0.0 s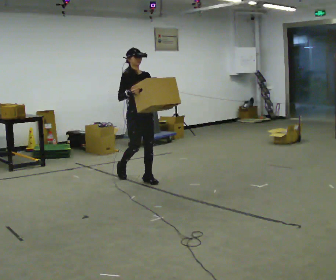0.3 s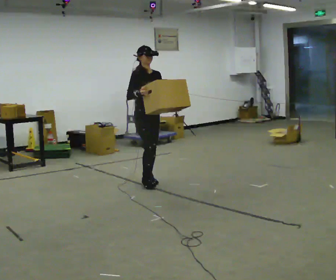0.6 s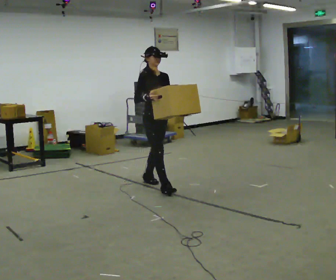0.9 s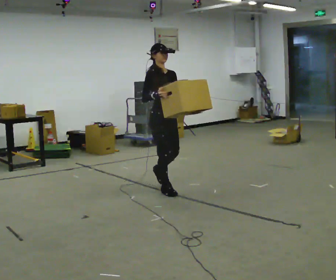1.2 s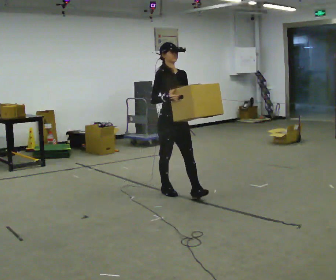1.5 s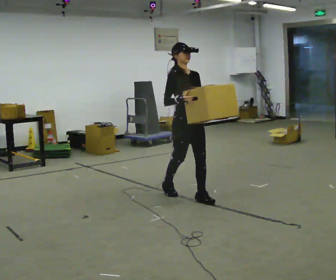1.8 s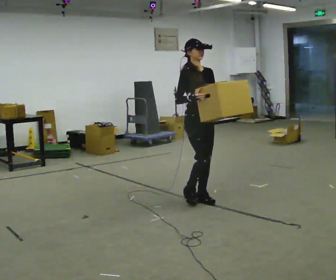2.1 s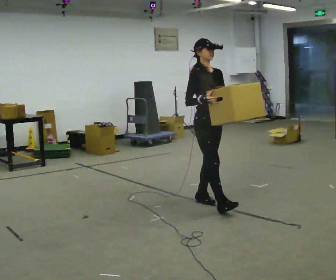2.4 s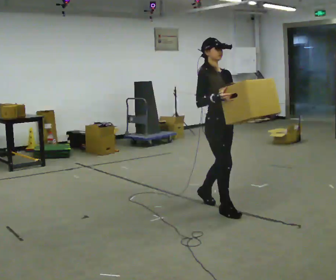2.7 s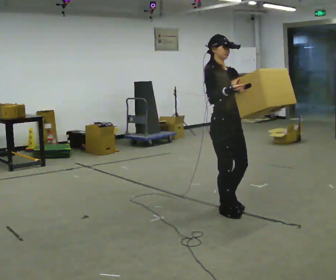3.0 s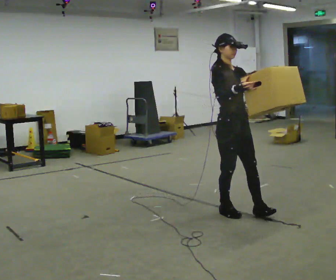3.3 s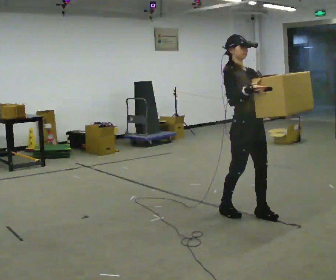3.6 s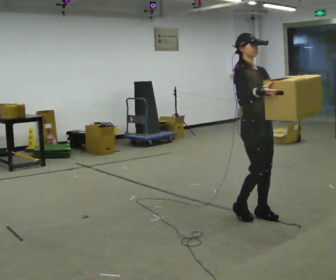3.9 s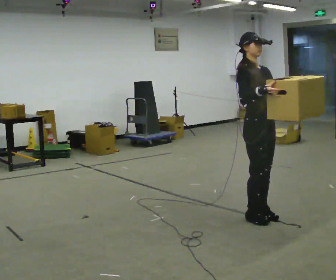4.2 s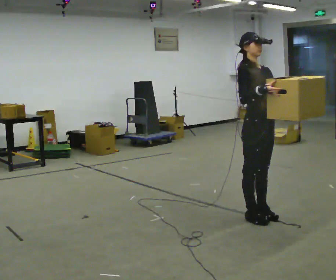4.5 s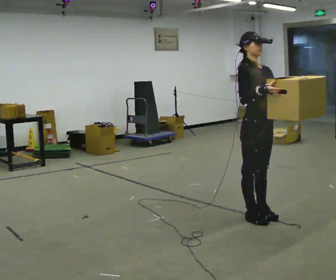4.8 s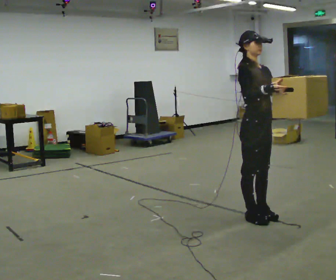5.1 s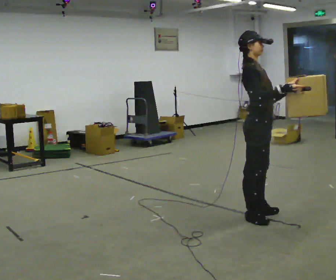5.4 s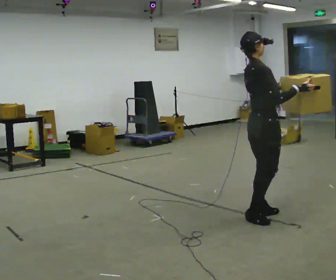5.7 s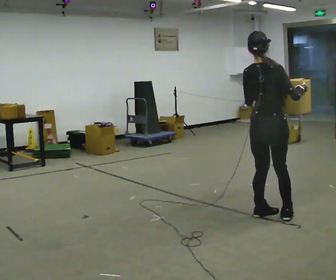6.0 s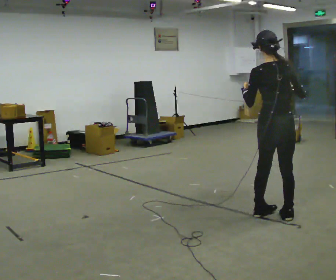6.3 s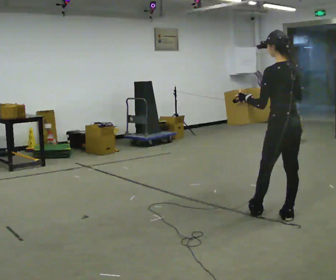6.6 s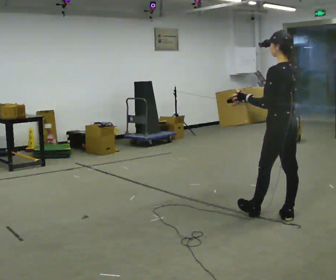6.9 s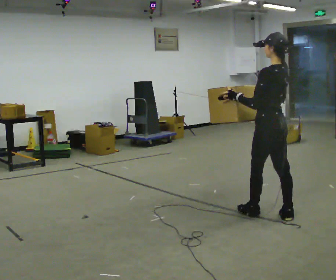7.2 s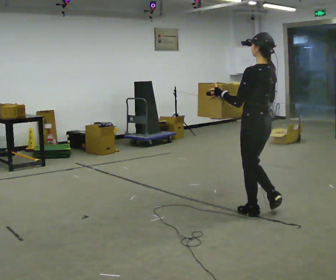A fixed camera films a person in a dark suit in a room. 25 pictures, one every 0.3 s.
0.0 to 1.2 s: In the picture they go toward the camera and to the right, about 0.5 m in 1 step, which for them is forward.
1.2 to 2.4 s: In the picture they go toward the camera and to the right, about 0.5 m in 2 steps, which for them is forward.
2.4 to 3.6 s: In the picture they go to the right and toward the camera, about 0.25 m in 1 step, which for them is forward.
3.6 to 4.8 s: The person moves a little, or ends about where they began.
4.8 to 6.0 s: Seen from above the body turns counterclockwise, about 135 degrees: to their left, with its near side sliding to the right. In the picture they go to the right, about 0.25 m in 1 step.
6.0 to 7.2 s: Seen from above the body turns counterclockwise, about 45 degrees: to their left, with its near side sliding to the right. In the picture they go to the left, about 0.25 m, which for them is forward. In the picture their right hand goes to the left.
The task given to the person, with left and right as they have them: Carry the heavy box in both hands in front of you, walking back and forth across the room. Keep walking until the operator says stop. Set it down if you need a rest.
The film runs forward here.
